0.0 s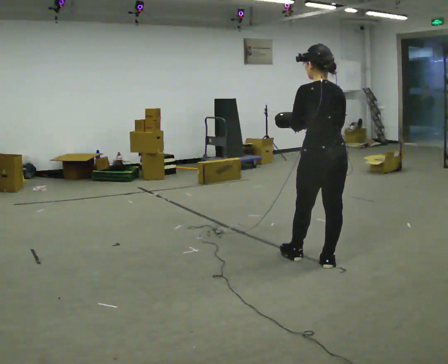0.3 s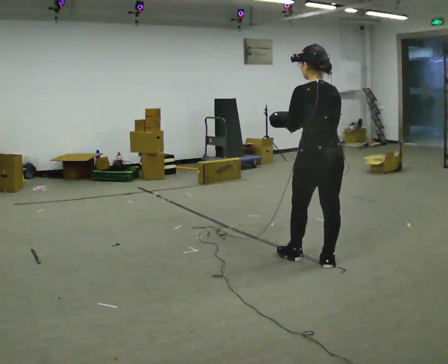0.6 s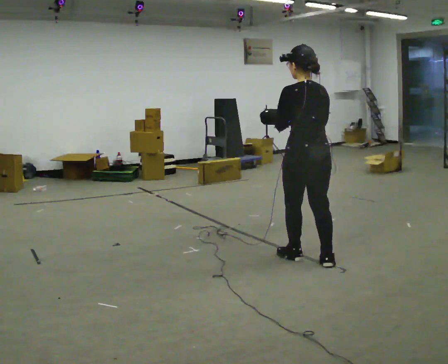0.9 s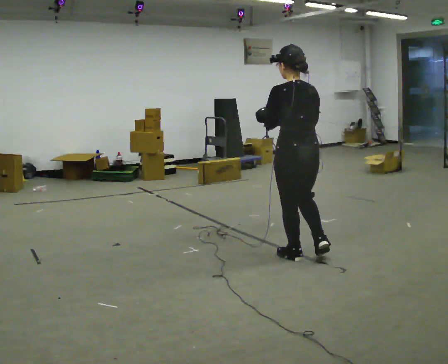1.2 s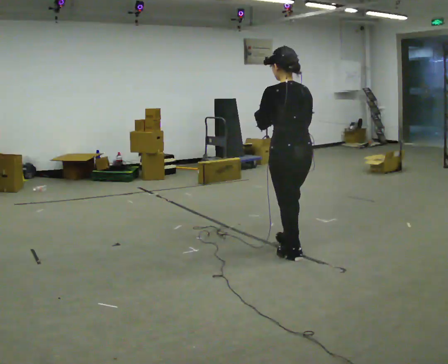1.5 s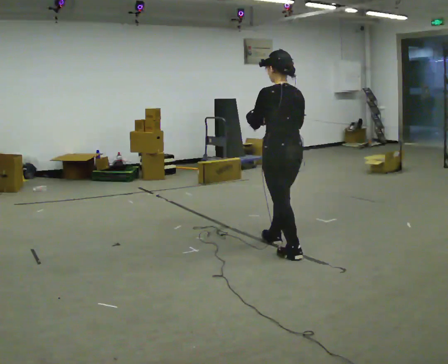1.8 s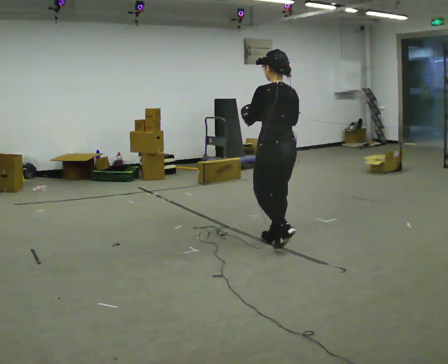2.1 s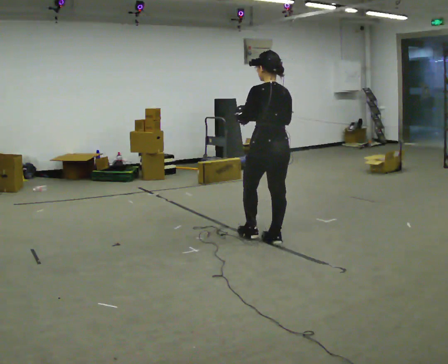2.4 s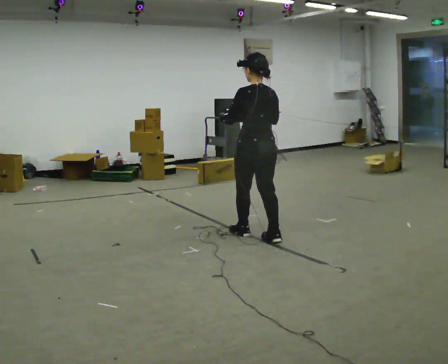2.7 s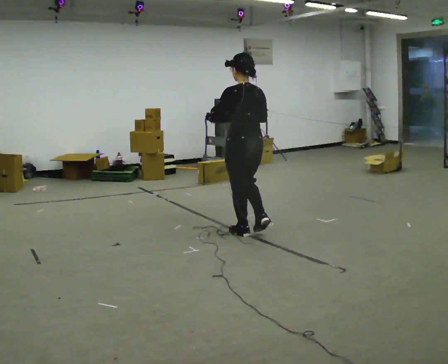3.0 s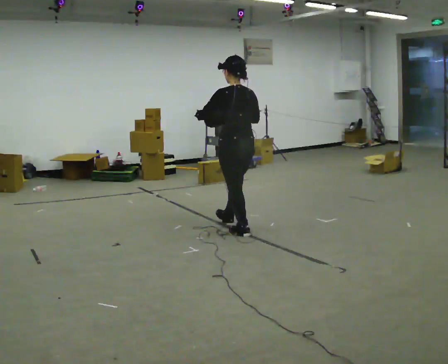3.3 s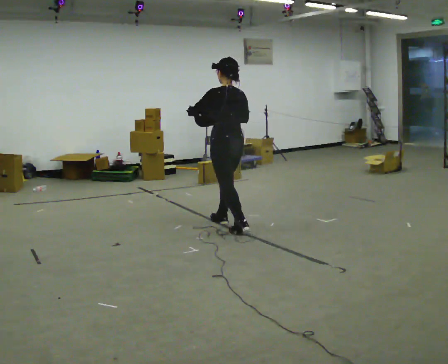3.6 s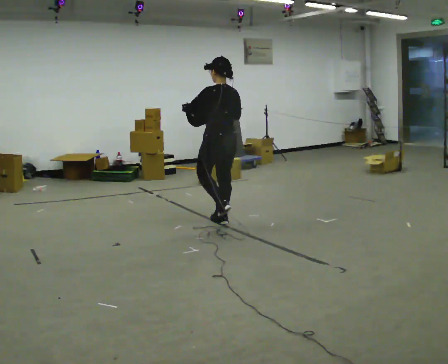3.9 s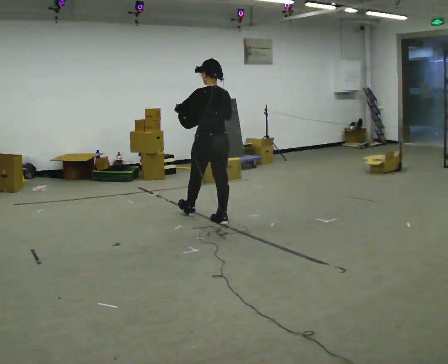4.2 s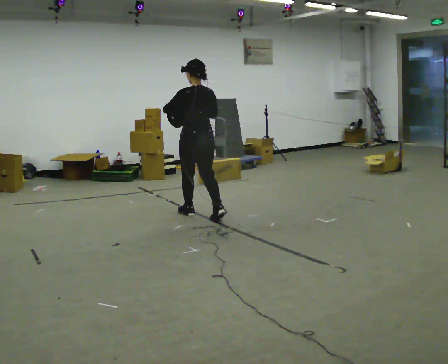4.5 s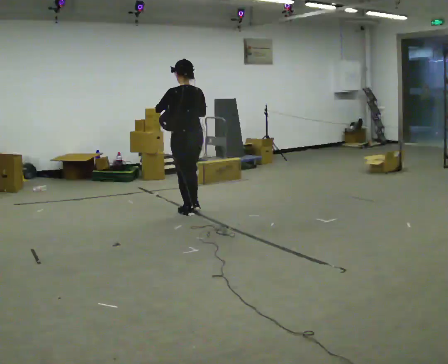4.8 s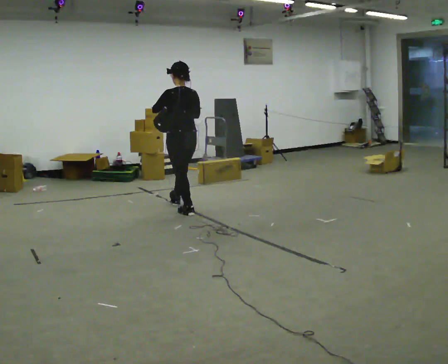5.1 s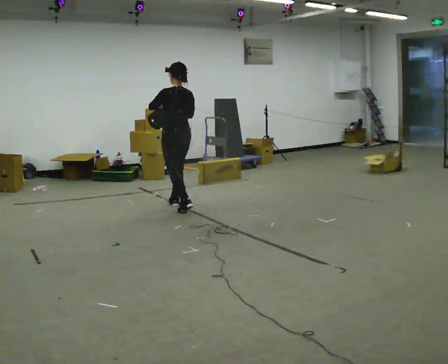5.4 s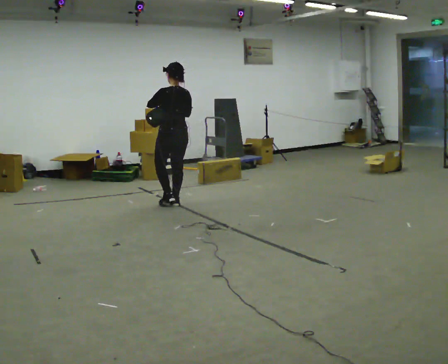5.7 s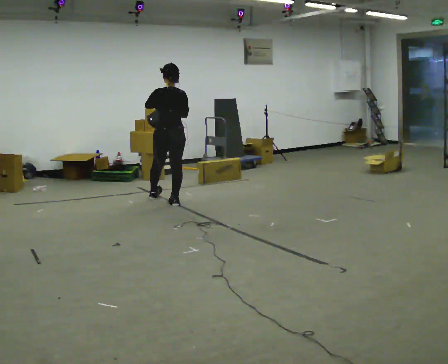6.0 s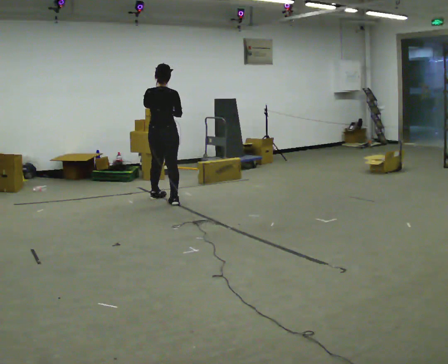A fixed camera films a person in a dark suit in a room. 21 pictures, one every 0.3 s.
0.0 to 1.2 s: In the picture they go to the left and away from the camera, about 0.25 m, which for them is forward and to their left.
1.2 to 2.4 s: In the picture they go away from the camera and to the left, about 0.5 m in 2 steps, which for them is forward.
2.4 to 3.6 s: In the picture they go away from the camera and to the left, about 0.5 m in 1 step, which for them is forward.
3.6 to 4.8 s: In the picture they go to the left and away from the camera, about 0.75 m in 1 step, which for them is forward.
4.8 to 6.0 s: The person turns about 45 degrees to their right, clockwise seen from above, so the part of the body nearest the lens slides to the left. In the picture they go away from the camera and to the left, about 0.5 m in 2 steps, which for them is forward.
The film runs forward here.
